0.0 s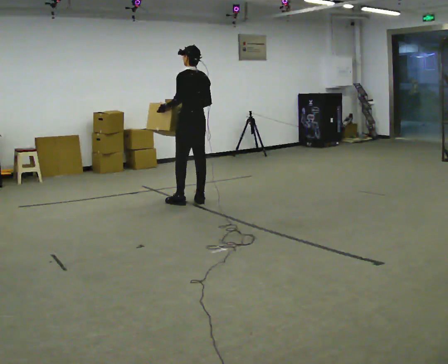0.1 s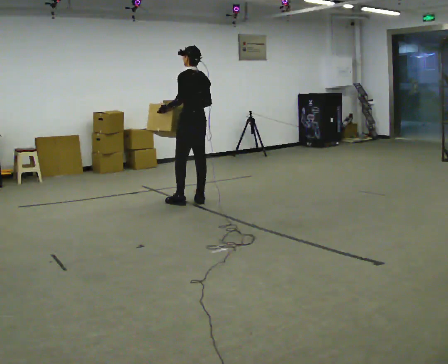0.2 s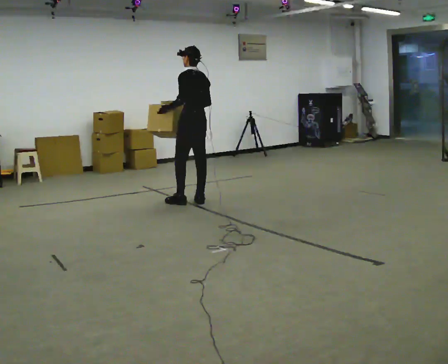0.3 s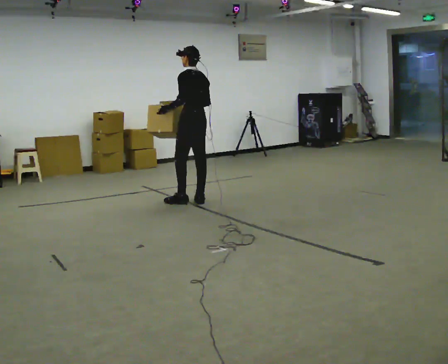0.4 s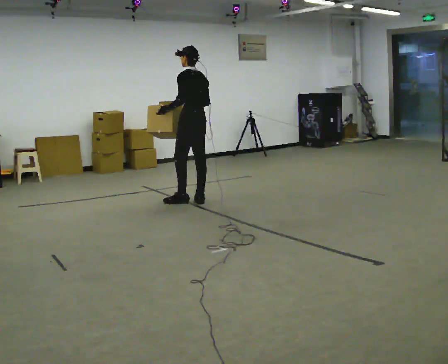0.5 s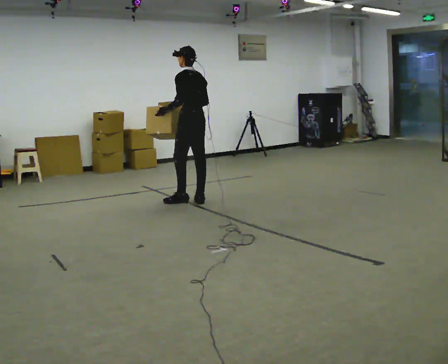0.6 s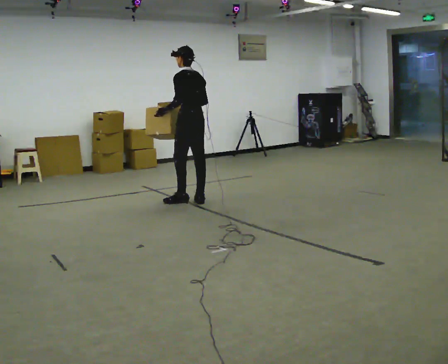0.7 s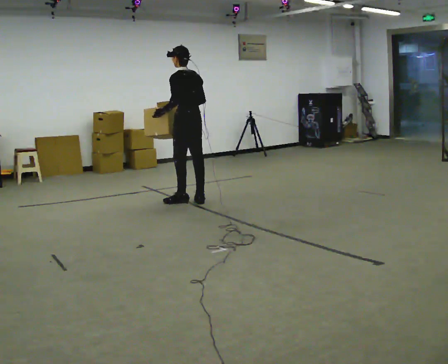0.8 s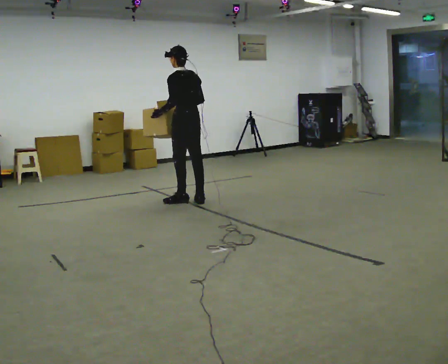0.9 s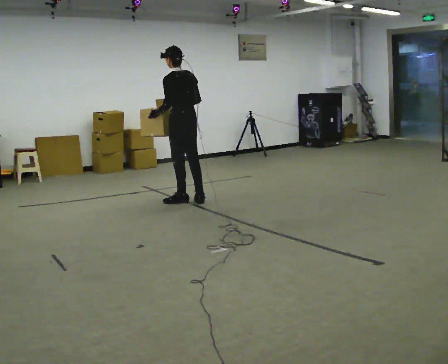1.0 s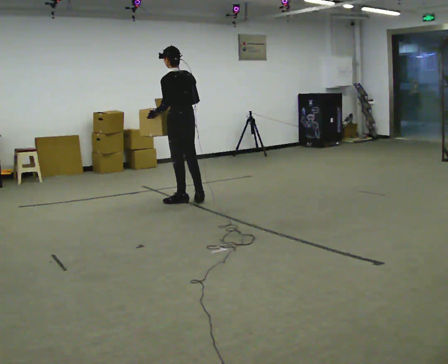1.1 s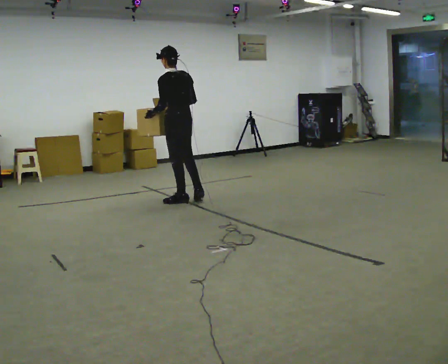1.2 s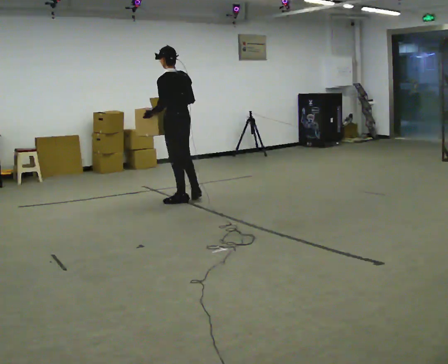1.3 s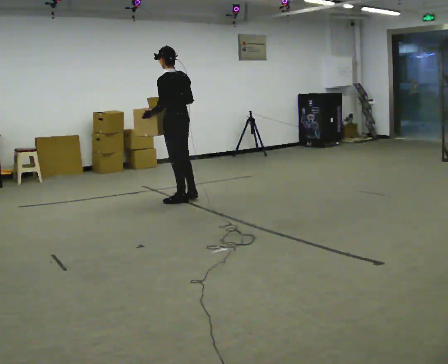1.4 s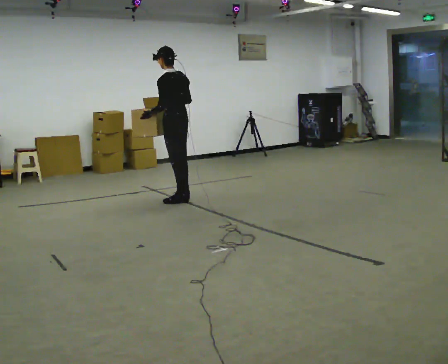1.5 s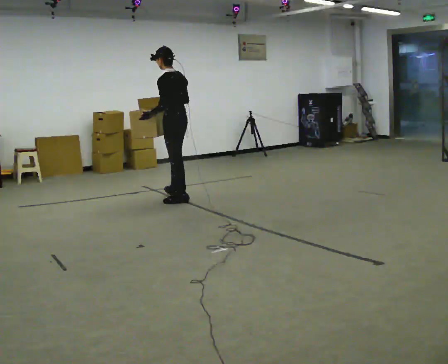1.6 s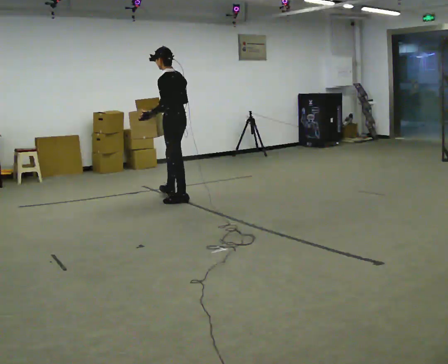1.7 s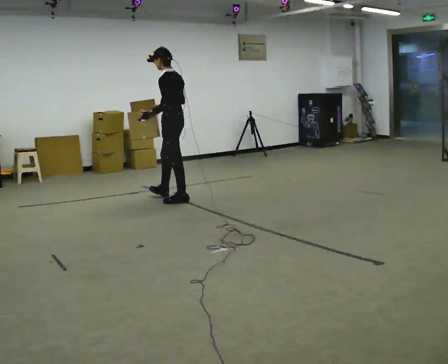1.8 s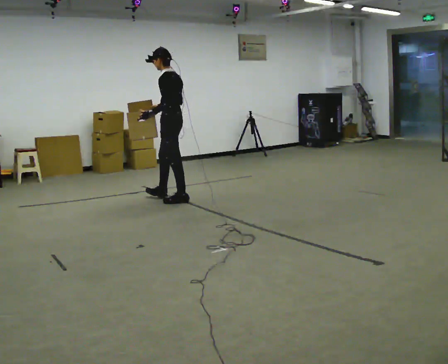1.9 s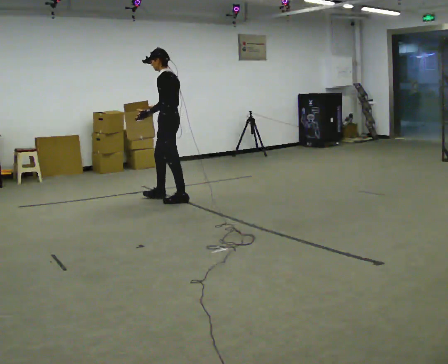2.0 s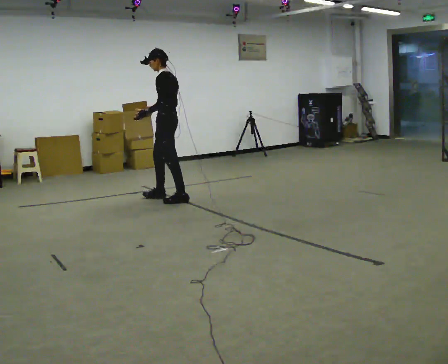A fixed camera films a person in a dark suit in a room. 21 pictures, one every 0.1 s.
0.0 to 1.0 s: The person moves a little, or ends about where they began.
1.0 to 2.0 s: Seen from above the body turns counterclockwise, about 45 degrees: to their left, with its near side sliding to the right. In the picture they go to the left, about 0.25 m in 1 step, which for them is forward. In the picture their right hand goes to the left.
The film runs forward here.
